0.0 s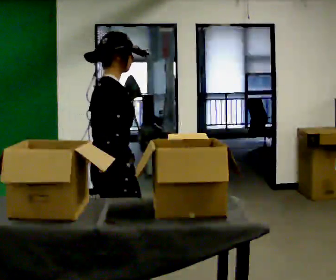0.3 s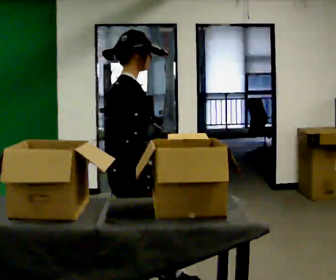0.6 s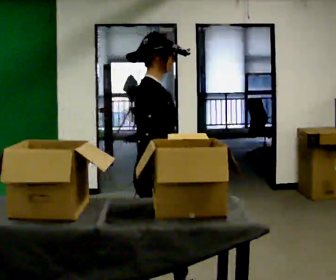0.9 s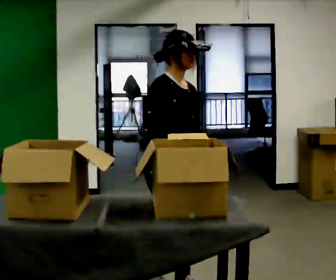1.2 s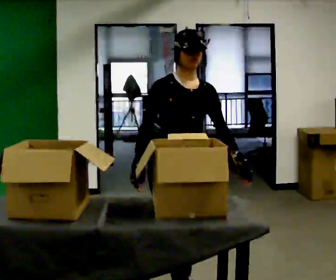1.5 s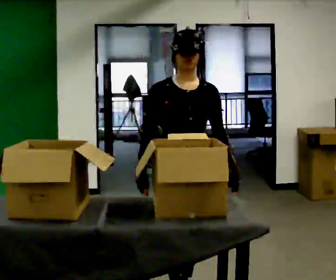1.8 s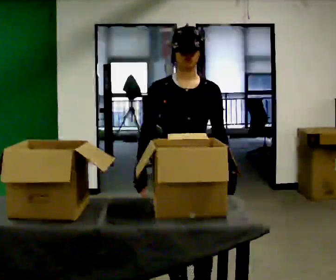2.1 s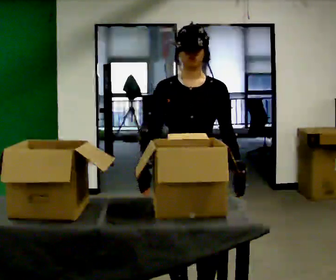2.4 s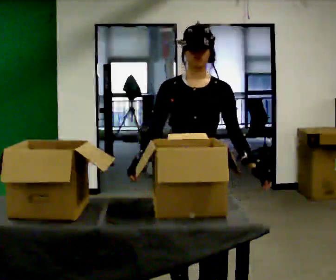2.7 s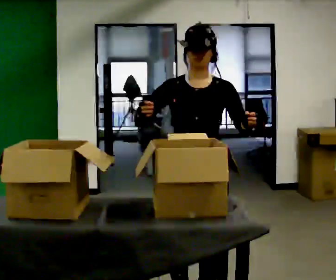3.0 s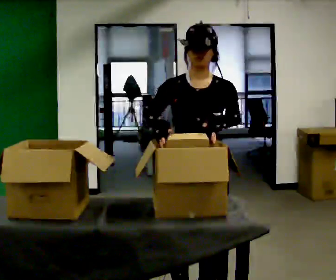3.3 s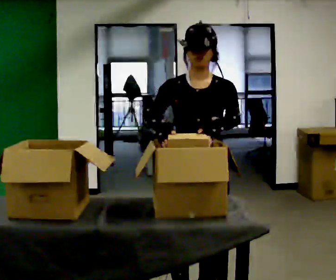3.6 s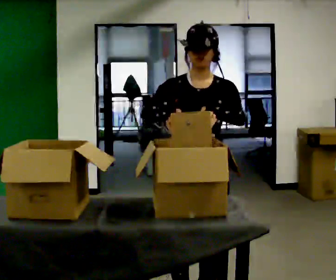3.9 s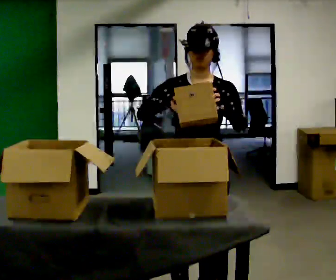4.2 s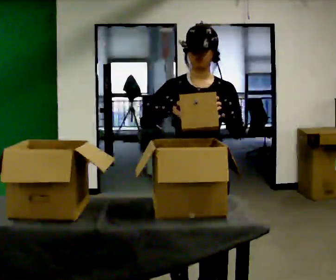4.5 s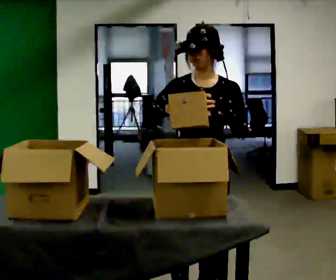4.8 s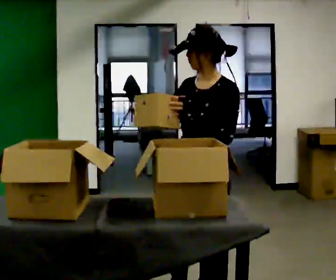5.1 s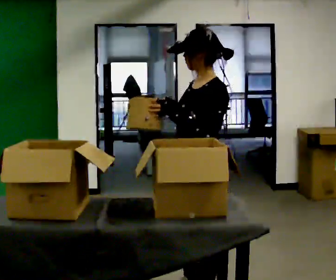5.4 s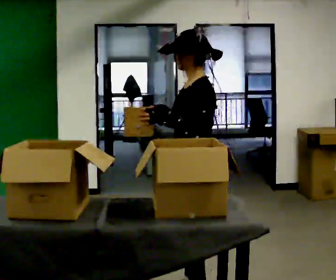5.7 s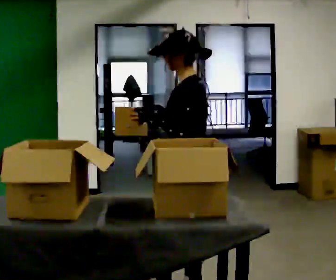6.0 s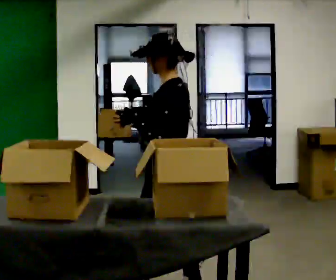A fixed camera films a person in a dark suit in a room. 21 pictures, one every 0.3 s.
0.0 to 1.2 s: The person turns about 90 degrees to their right, clockwise seen from above, so the part of the body nearest the lens slides to the left. In the picture they go to the right and away from the camera, about 0.5 m in 2 steps.
1.2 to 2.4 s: Seen from above the body turns clockwise, about 30 degrees: to their right, with its near side sliding to the left. In the picture they go toward the camera, about 0.25 m in 1 step, which for them is forward.
2.4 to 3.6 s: The person moves a little, or ends about where they began.
3.6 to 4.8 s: The person turns about 30 degrees to their right, clockwise seen from above, so the part of the body nearest the lens slides to the left.
4.8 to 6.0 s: Seen from above the body turns clockwise, about 60 degrees: to their right, with its near side sliding to the left. In the picture they go to the left, about 0.25 m in 2 steps.
The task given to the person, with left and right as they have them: Move the items from one container to the other one at a time, then move them back. Repeat at your own pace until the operator says stop. Keep both feet on the marked spots for the whole take. If you have to step, stop and tell the operator.
The film runs forward here.
